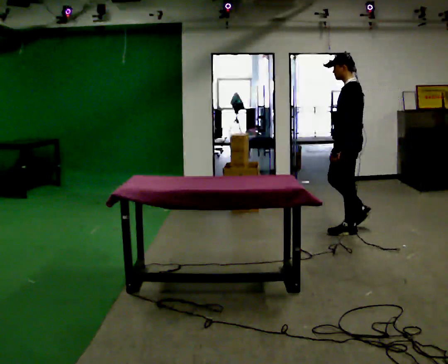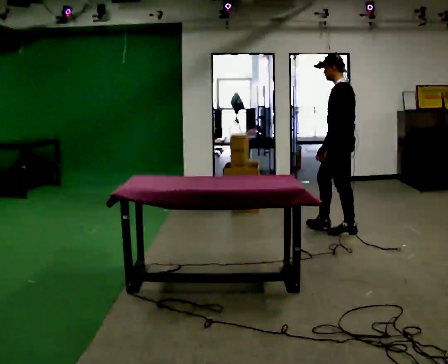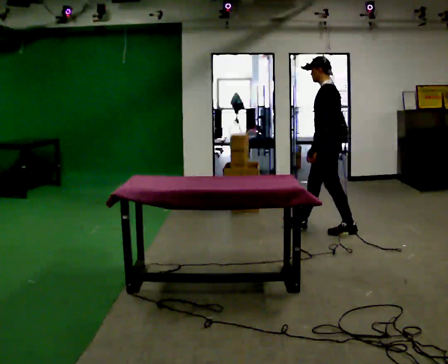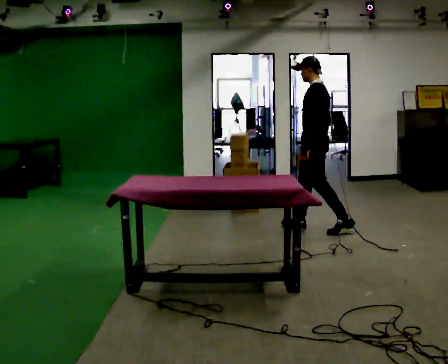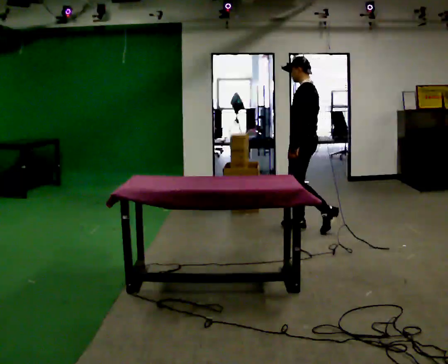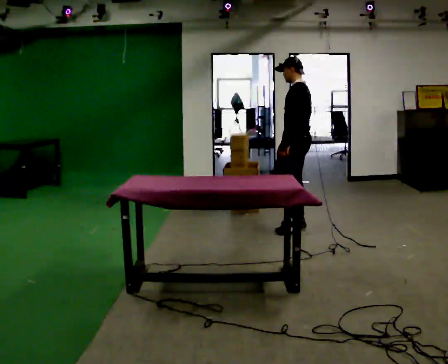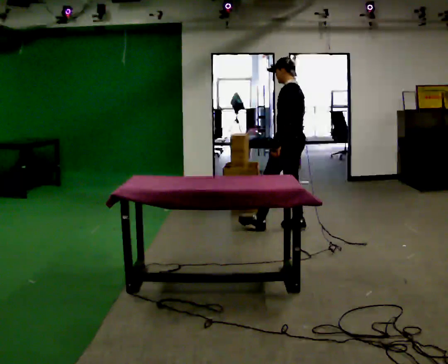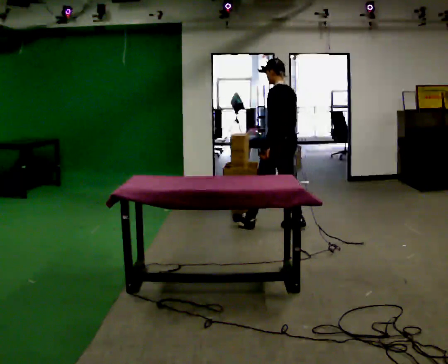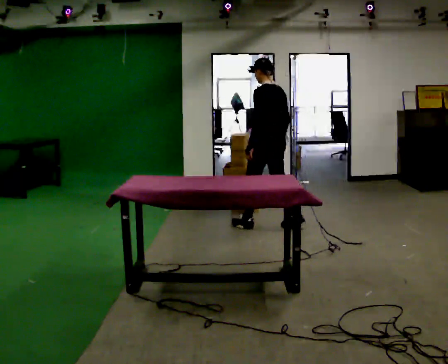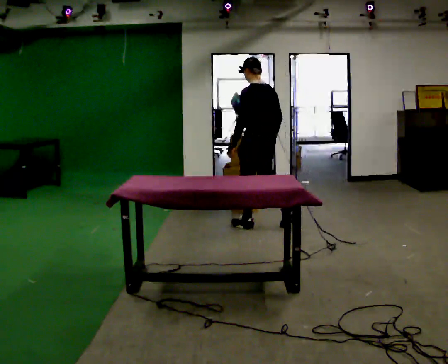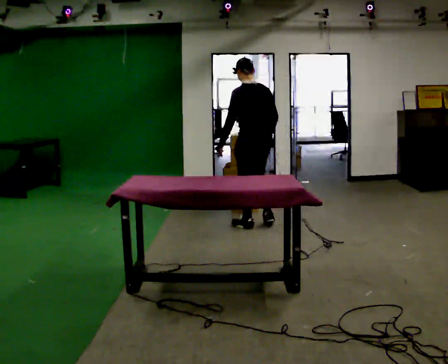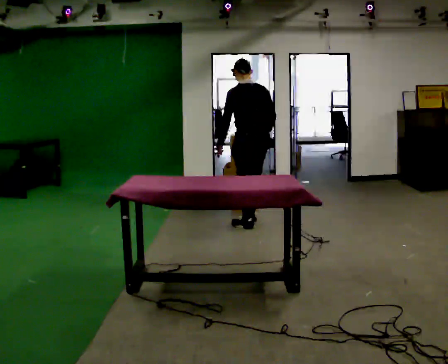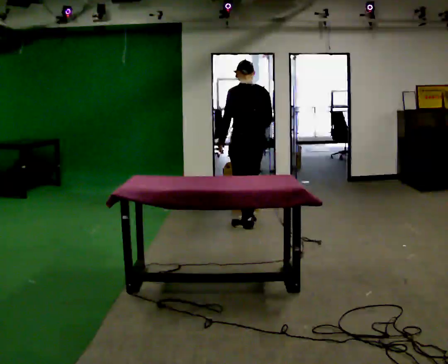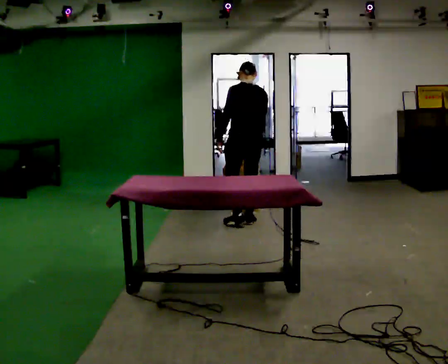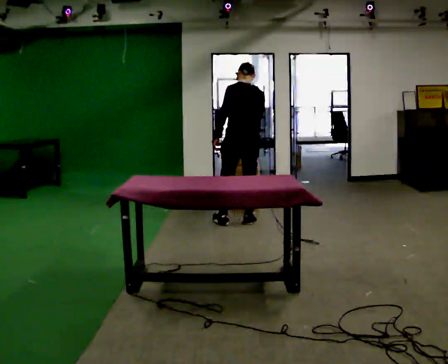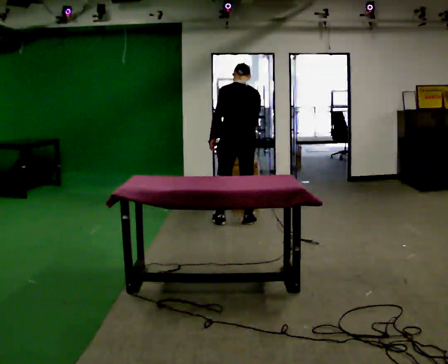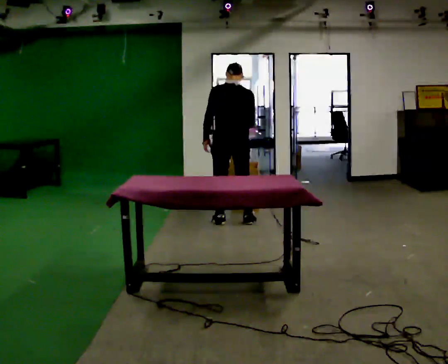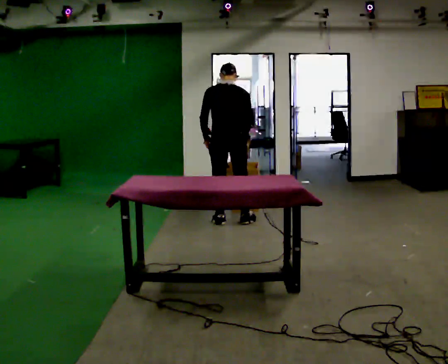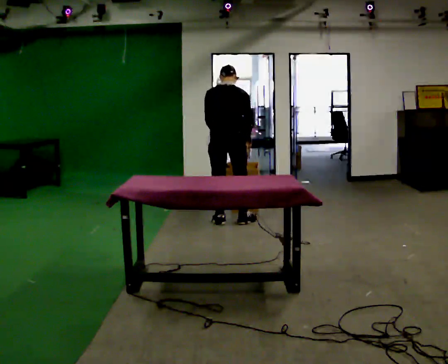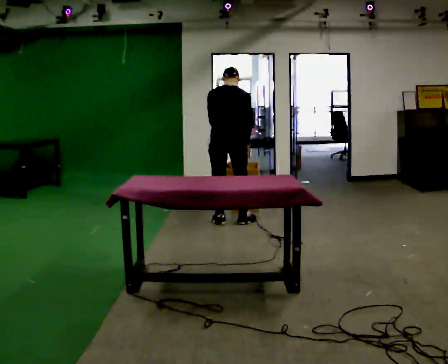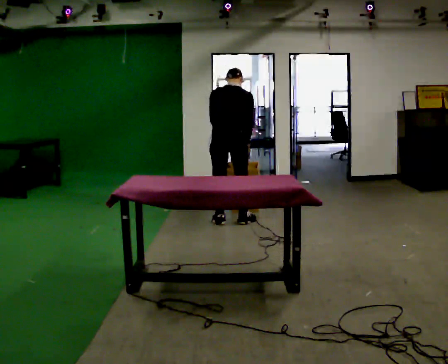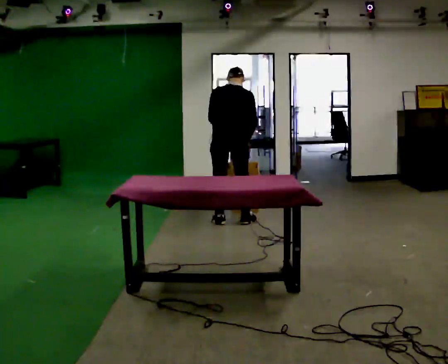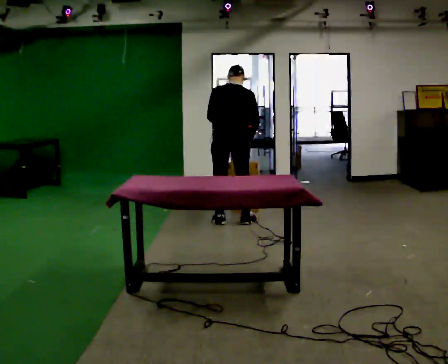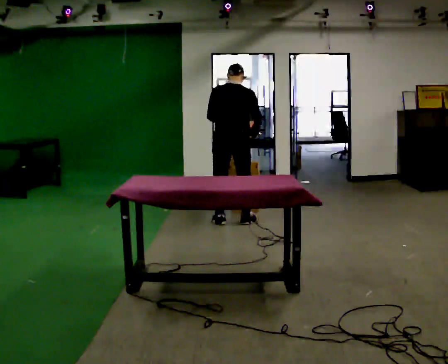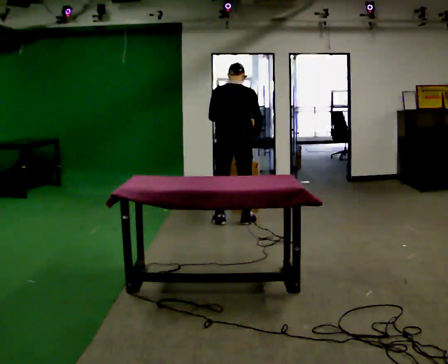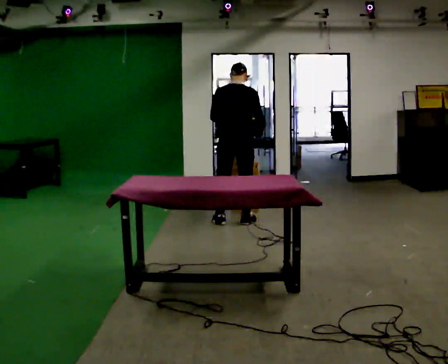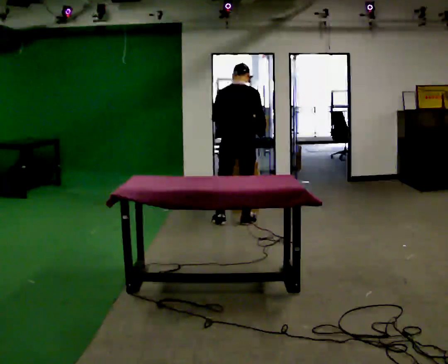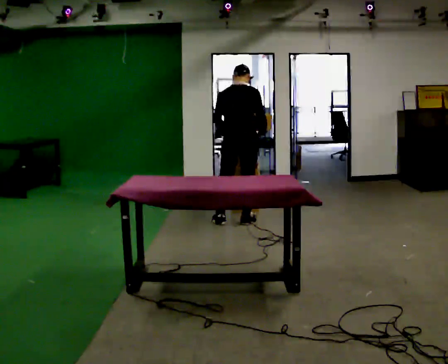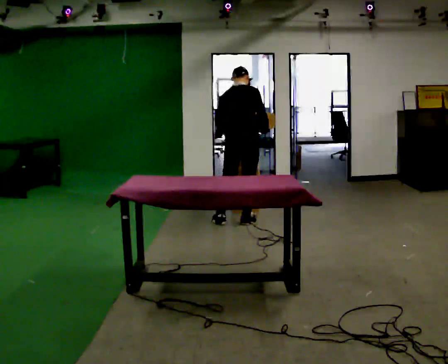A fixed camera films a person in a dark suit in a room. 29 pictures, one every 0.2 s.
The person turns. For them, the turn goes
to their right.
The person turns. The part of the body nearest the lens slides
to the left.
0.0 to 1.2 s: In the picture they go to the left and away from the camera, about 0.5 m in 1 step, which for them is forward.
1.2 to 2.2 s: The part of the body nearest the lens slides to the left as the person turns to their right by about 30 degrees. In the picture they go to the left, about 0.5 m in 1 step, which for them is forward and to their left.
2.2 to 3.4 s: The person turns about 30 degrees to their right, clockwise seen from above, so the part of the body nearest the lens slides to the left. In the picture they go to the left, about 0.25 m in 2 steps, which for them is forward and to their left.
3.4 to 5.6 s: The part of the body nearest the lens slides to the left as the person turns to their right by about 30 degrees.
The film runs forward here.
